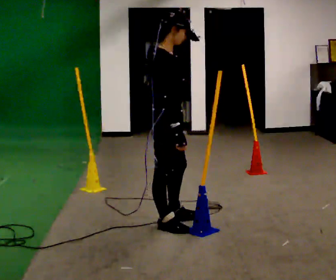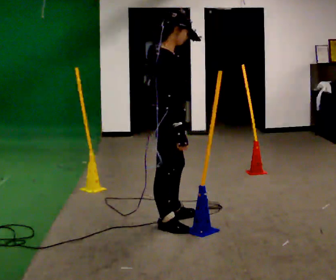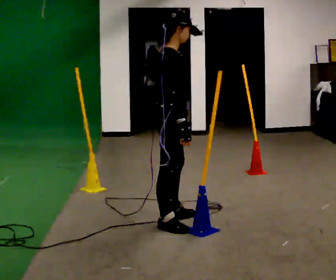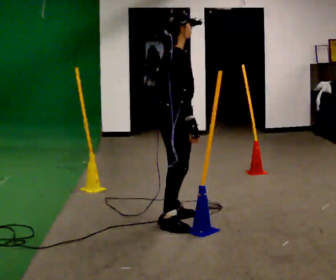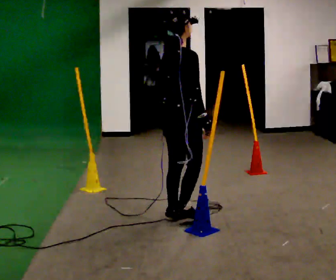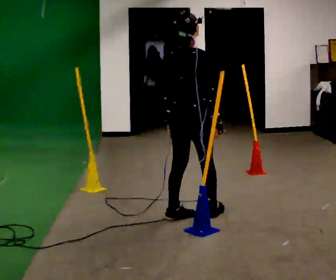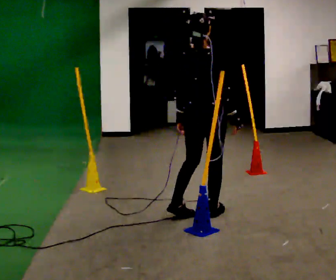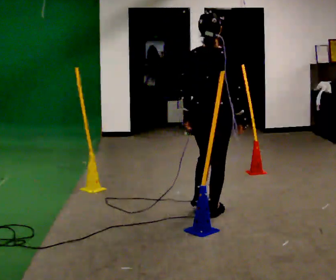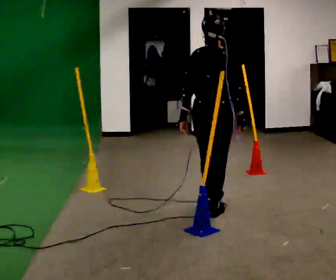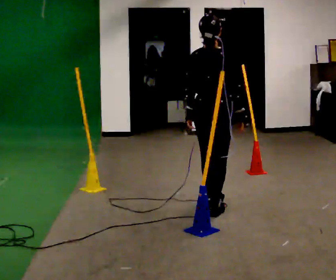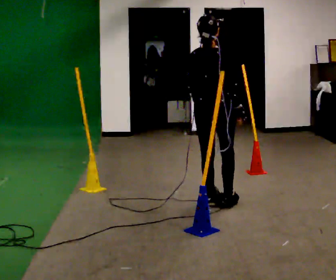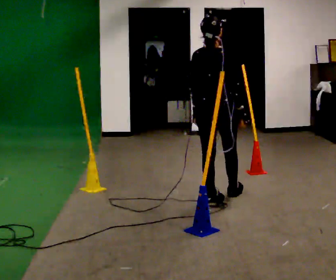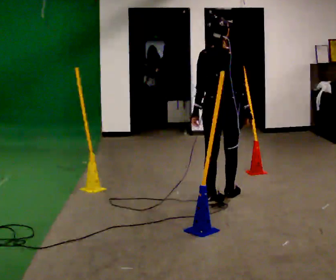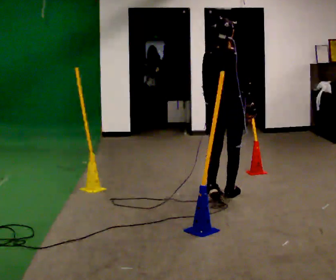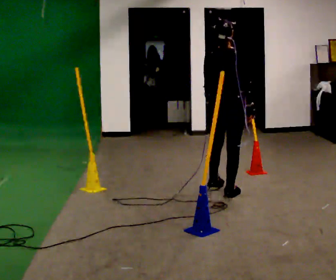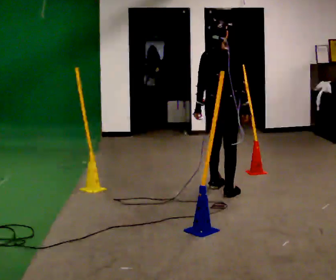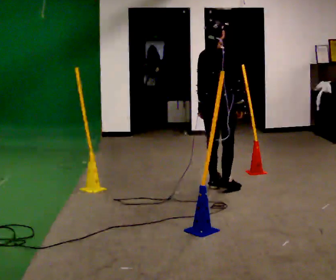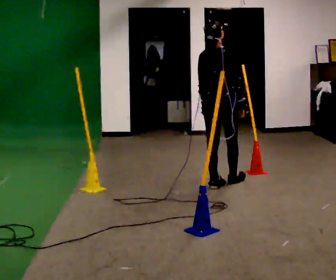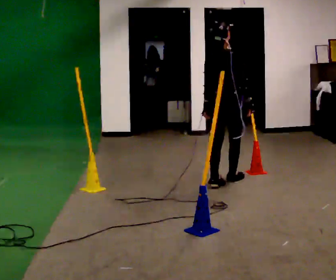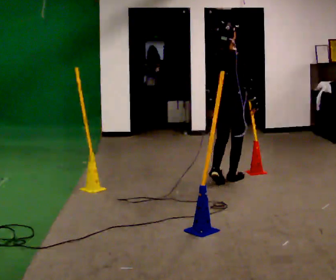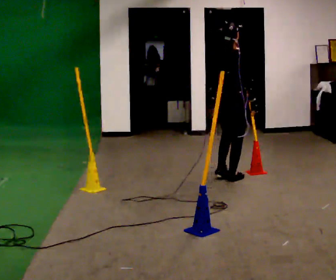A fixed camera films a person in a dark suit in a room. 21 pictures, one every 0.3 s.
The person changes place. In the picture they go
away from the camera.
0.0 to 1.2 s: The person turns about 30 degrees to their left, counterclockwise seen from above, so the part of the body nearest the lens slides to the right. In the picture they go away from the camera, about 0.25 m, which for them is to their left and forward.
1.2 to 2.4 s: The person turns about 30 degrees to their left, counterclockwise seen from above, so the part of the body nearest the lens slides to the right. In the picture they go to the right, about 0.25 m in 2 steps, which for them is forward and to their right.
2.4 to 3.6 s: In the picture they go away from the camera, about 0.5 m in 1 step, which for them is forward.
3.6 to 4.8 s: In the picture they go away from the camera, about 0.5 m in 1 step, which for them is forward.
4.8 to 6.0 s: In the picture they go away from the camera, about 0.25 m in 1 step, which for them is forward.
The film runs forward here.
